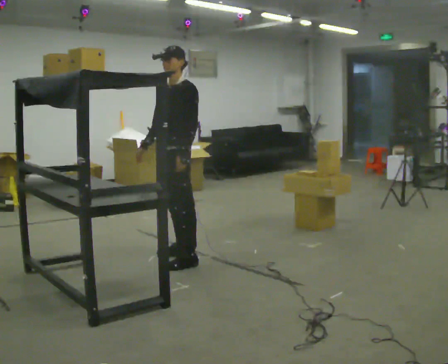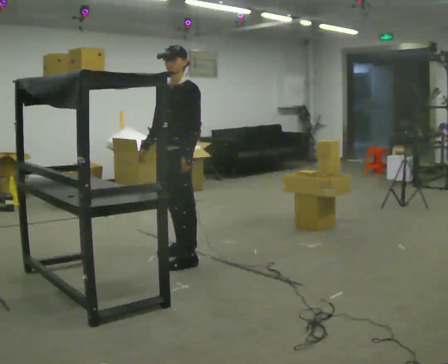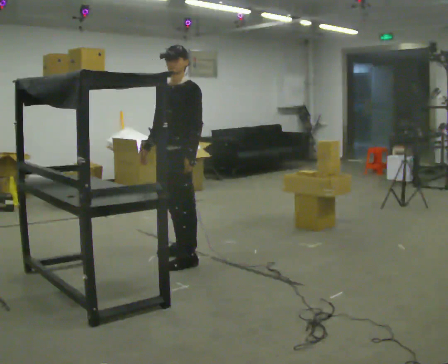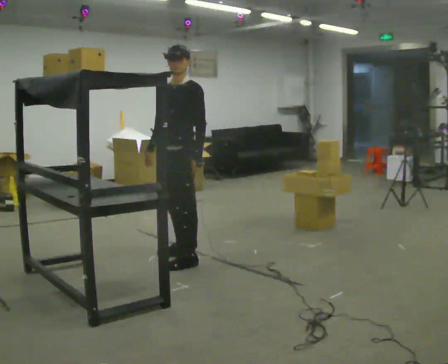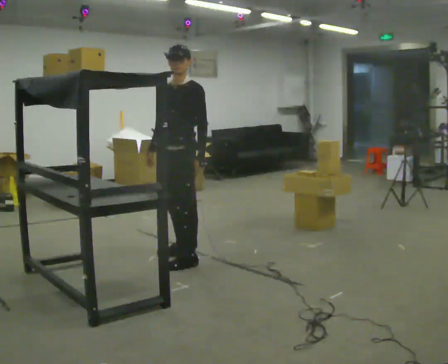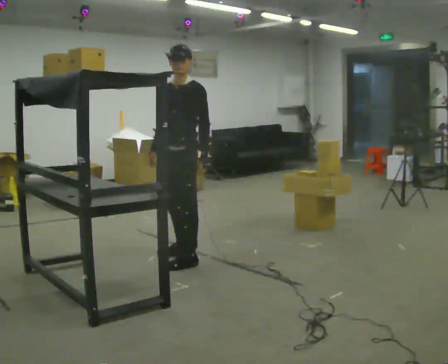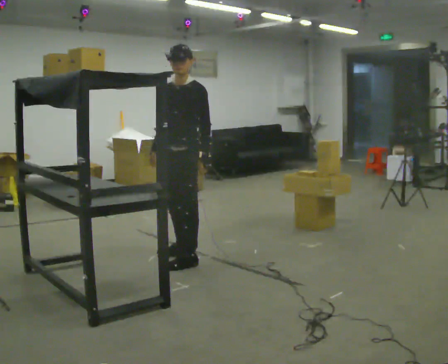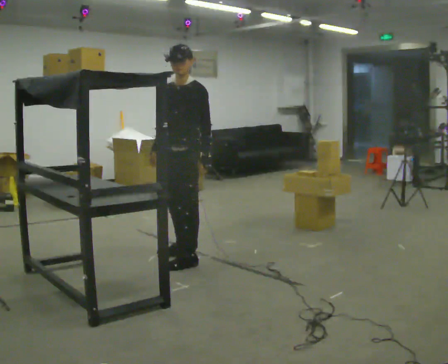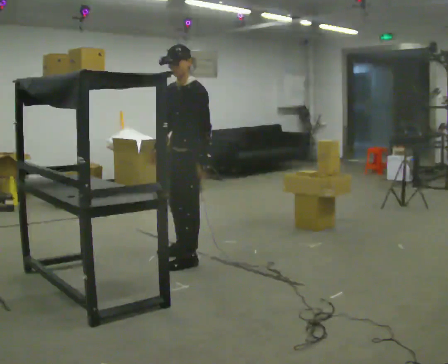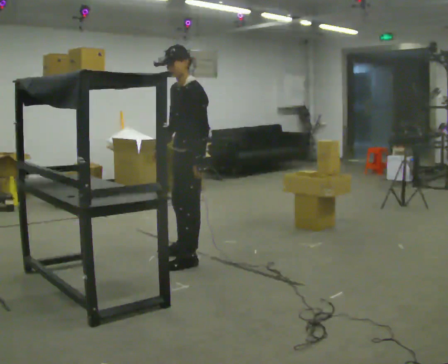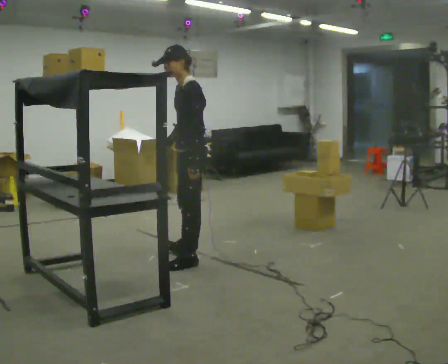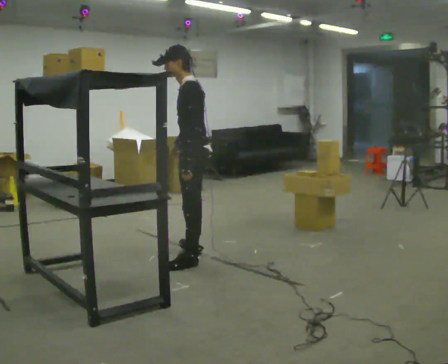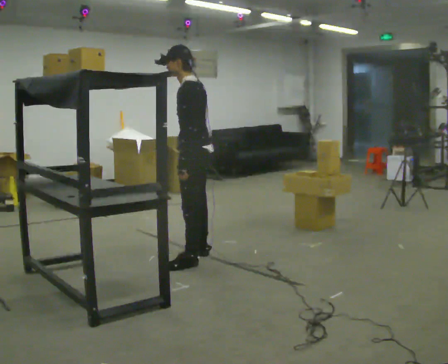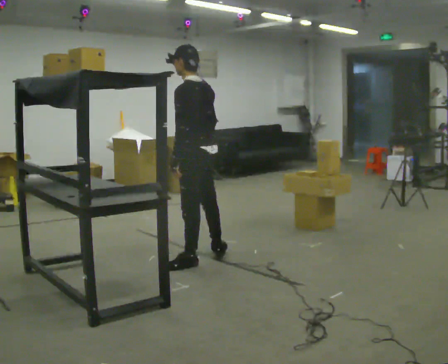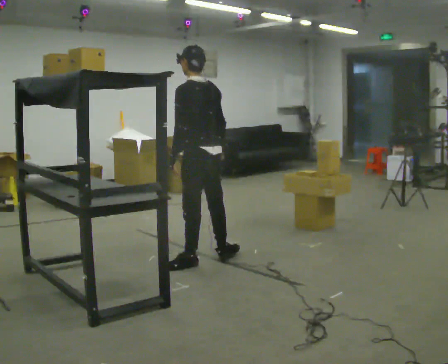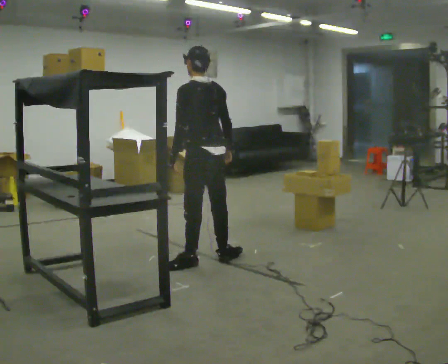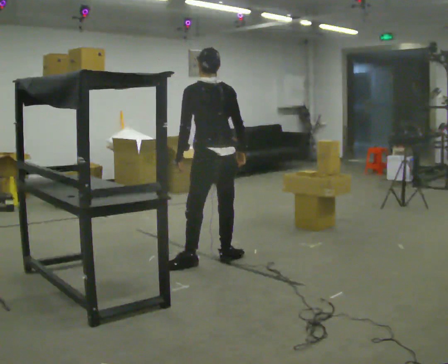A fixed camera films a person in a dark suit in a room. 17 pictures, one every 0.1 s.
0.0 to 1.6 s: Seen from above the body turns clockwise, about 105 degrees: to their right, with its near side sliding to the left. In the picture they go to the right, about 0.25 m in 1 step.
The film runs forward here.
